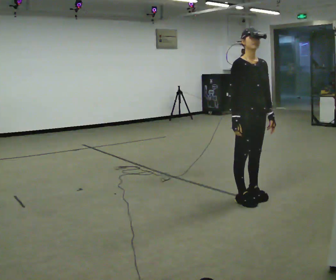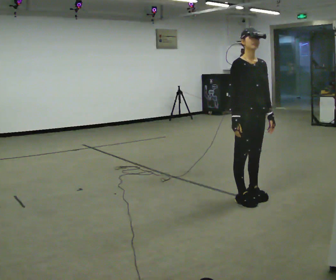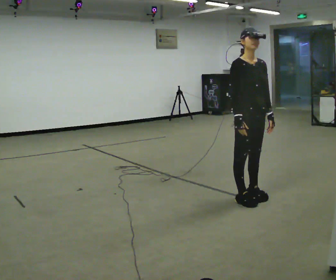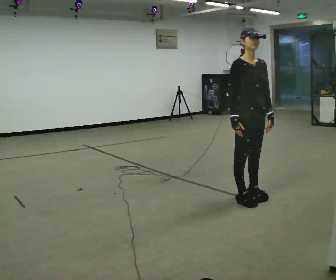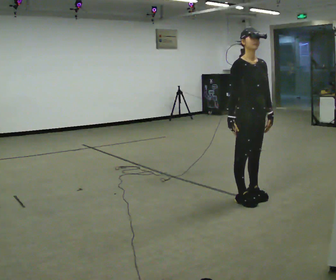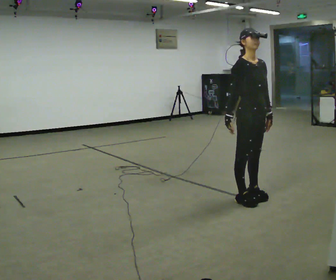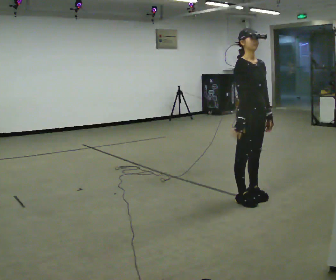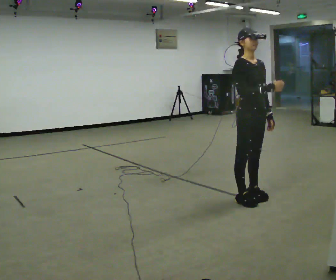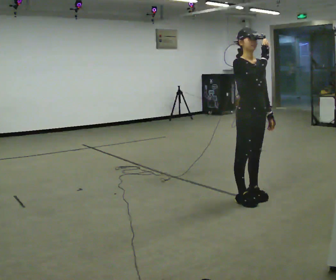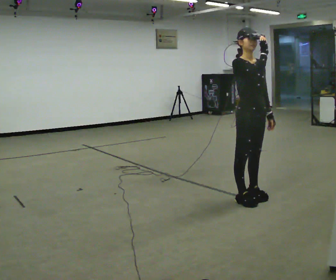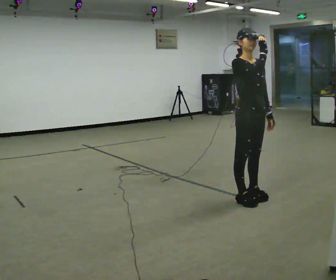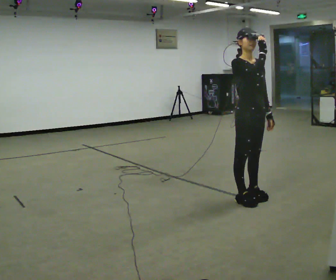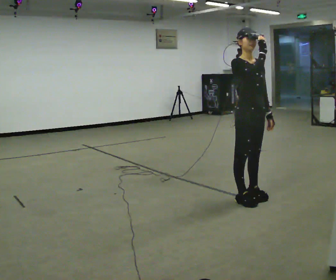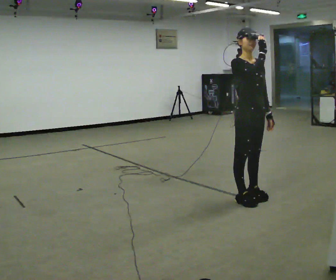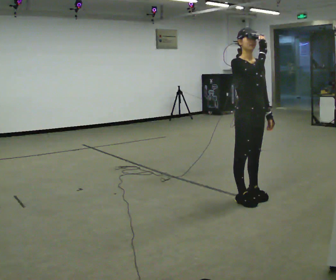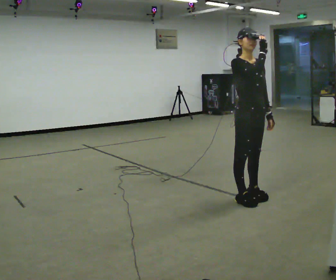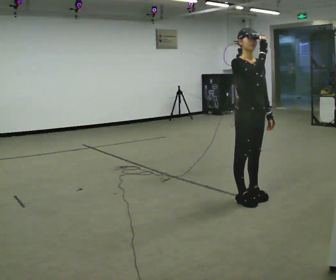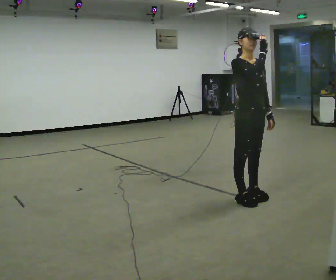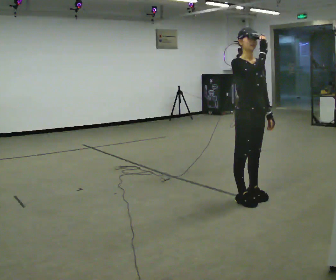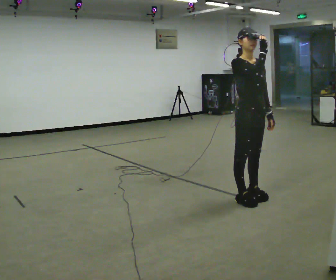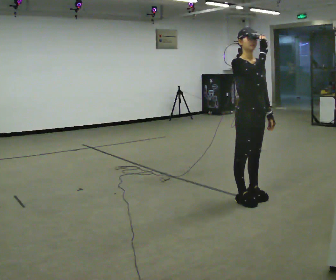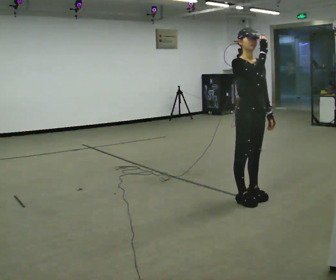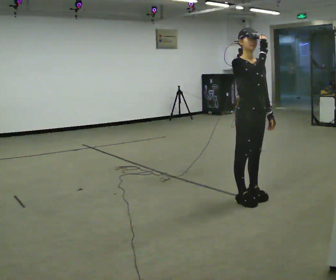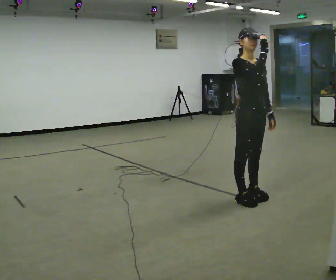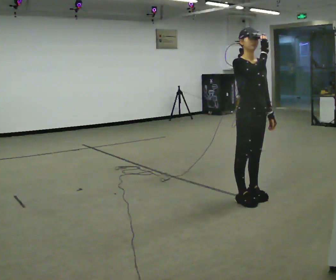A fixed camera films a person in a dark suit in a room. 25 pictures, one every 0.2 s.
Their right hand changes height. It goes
upward.
0.0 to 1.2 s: The person moves a little, or ends about where they began.
1.2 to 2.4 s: In the picture their right hand goes upward.
2.4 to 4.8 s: The person keeps their place and pose.
The film runs backward here.
